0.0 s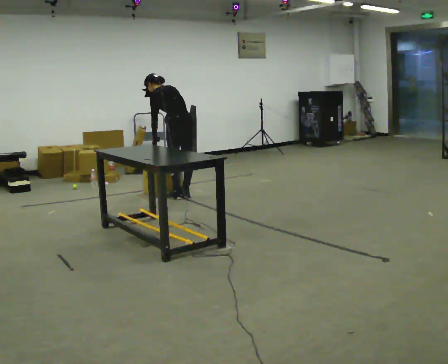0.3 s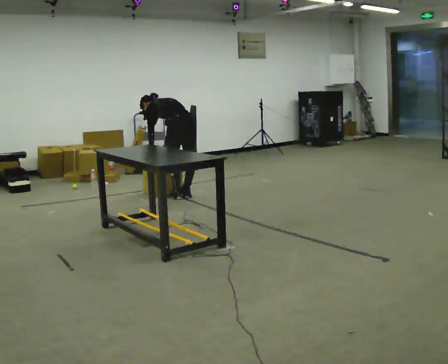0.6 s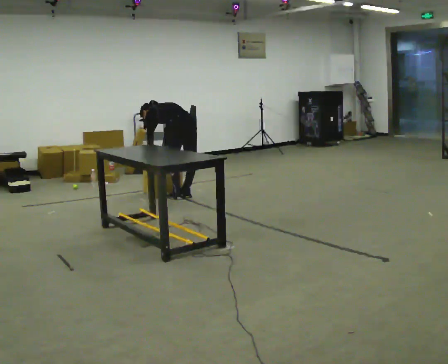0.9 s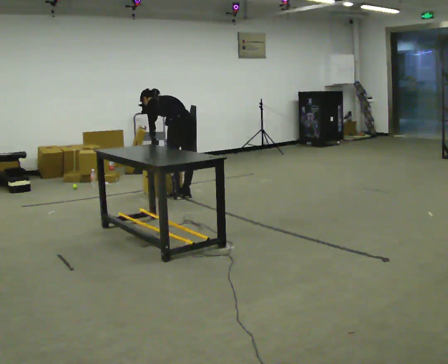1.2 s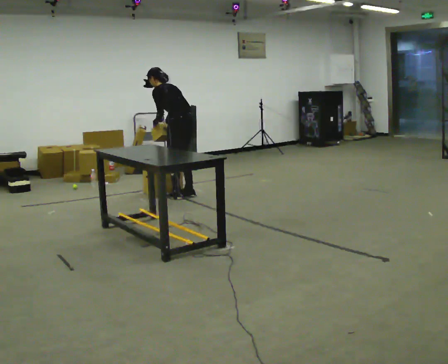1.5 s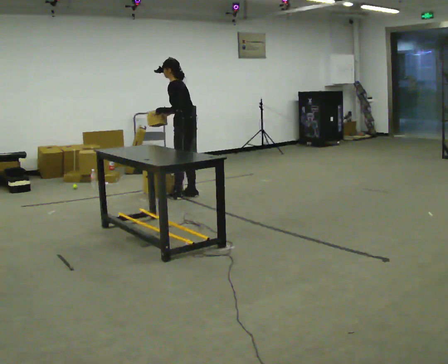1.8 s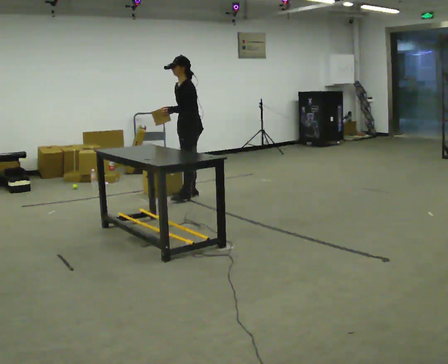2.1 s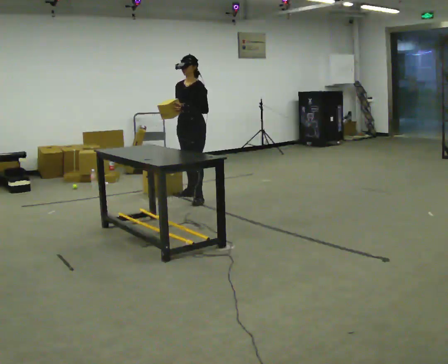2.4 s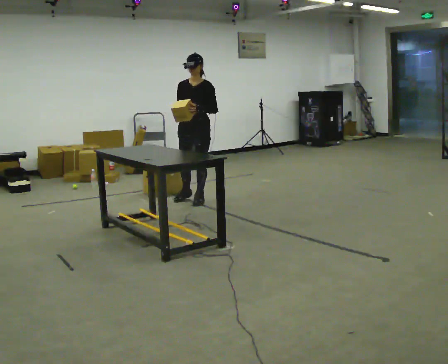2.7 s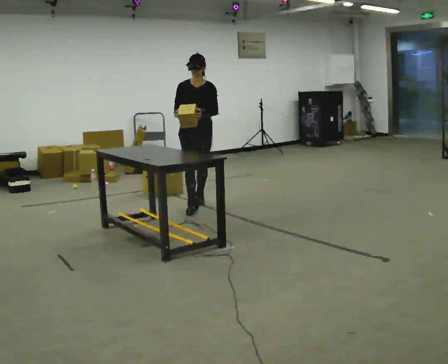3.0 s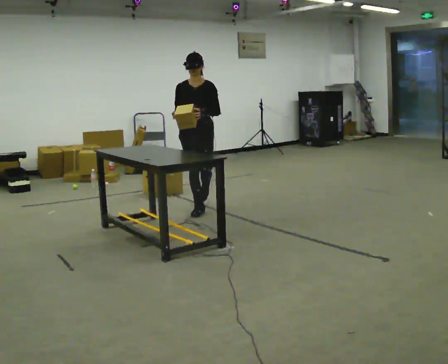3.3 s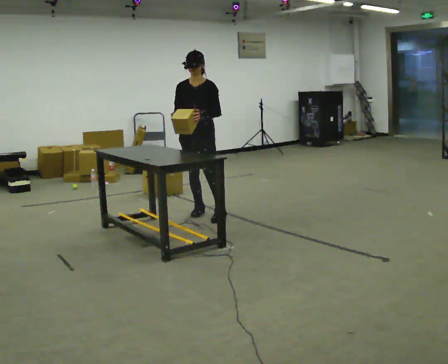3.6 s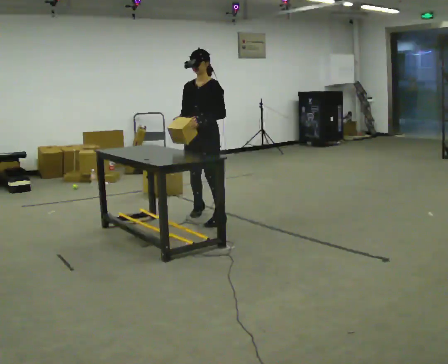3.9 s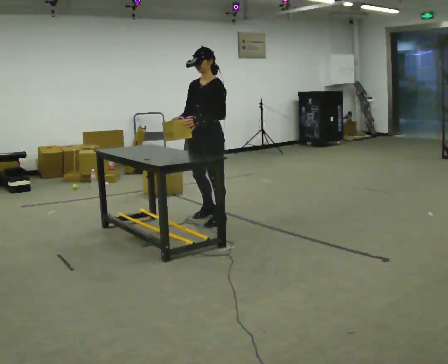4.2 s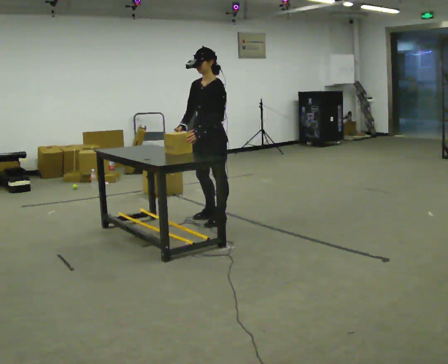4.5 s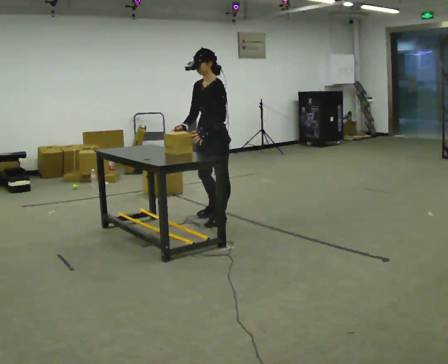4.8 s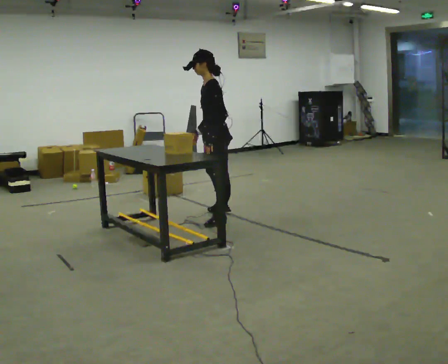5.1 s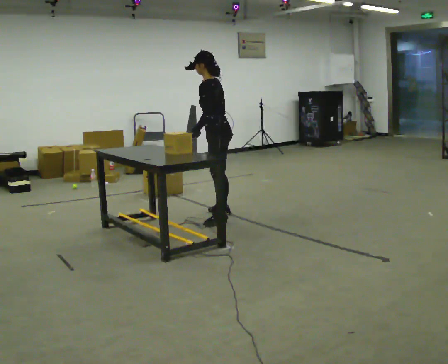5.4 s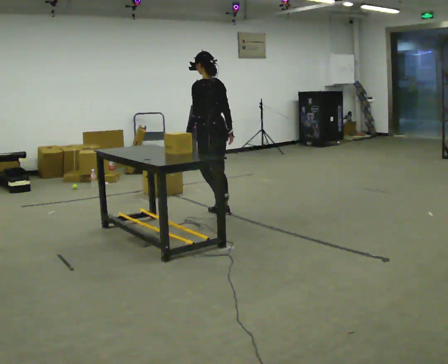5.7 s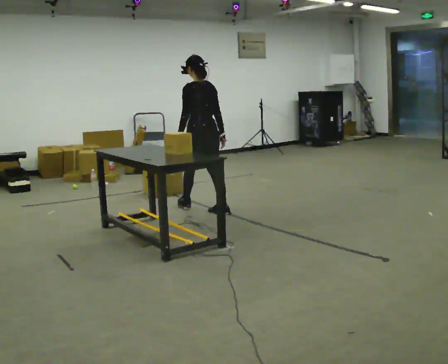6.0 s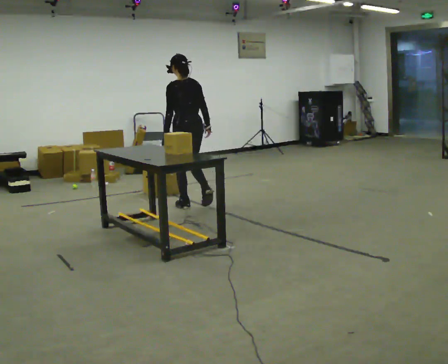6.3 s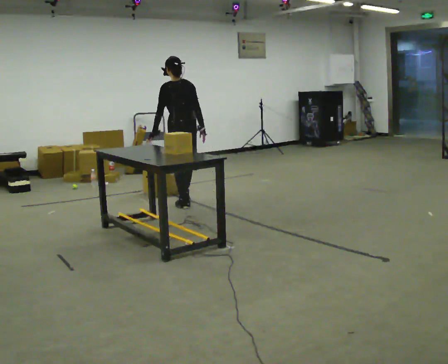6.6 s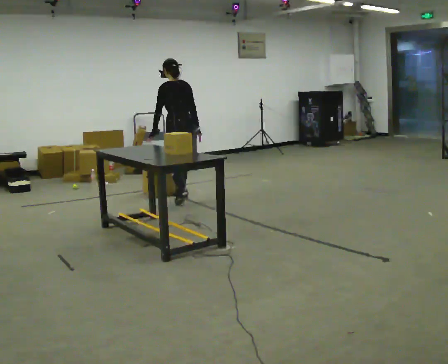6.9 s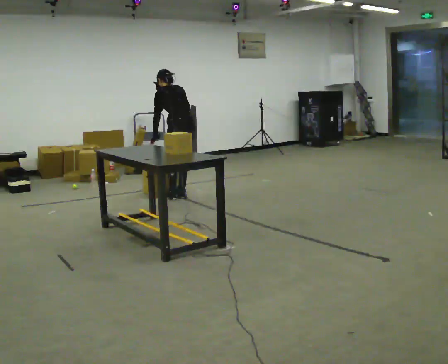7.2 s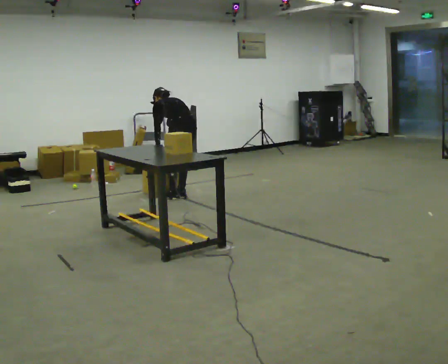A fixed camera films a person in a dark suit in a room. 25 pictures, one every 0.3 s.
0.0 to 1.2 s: The person moves a little, or ends about where they began.
1.2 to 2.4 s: The part of the body nearest the lens slides to the right as the person turns to their left by about 105 degrees. In the picture they go toward the camera and to the right, about 0.25 m in 1 step. In the picture the upper body tilts clockwise, shoulders to the right, as they lean back or straighten.
2.4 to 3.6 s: In the picture they go toward the camera, about 1 m in 2 steps, which for them is forward.
3.6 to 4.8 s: The person turns about 45 degrees to their right, clockwise seen from above, so the part of the body nearest the lens slides to the left.
4.8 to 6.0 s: Seen from above the body turns clockwise, about 60 degrees: to their right, with its near side sliding to the left. In the picture they go away from the camera and to the left, about 0.5 m in 1 step, which for them is forward.
6.0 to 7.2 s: In the picture they go away from the camera, about 0.25 m in 2 steps, which for them is forward and to their right. The upper body goes downward. The upper body tips away from the camera, its near side rolling upward, as they bend forward.
The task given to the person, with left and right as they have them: Carry each object across the room and drop it into the container on the floor, then walk back for the next one. Keep going until the operator says stop; one object at a time, and do not rush between trips.
The film runs forward here.
